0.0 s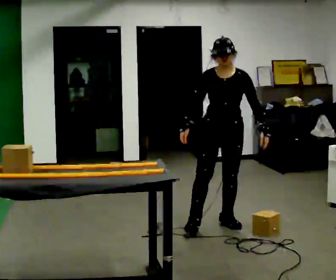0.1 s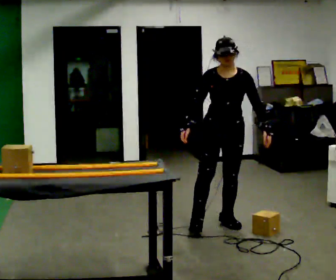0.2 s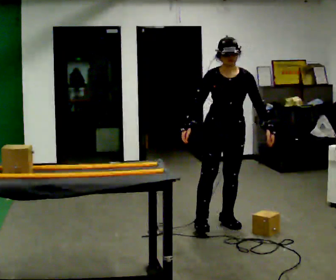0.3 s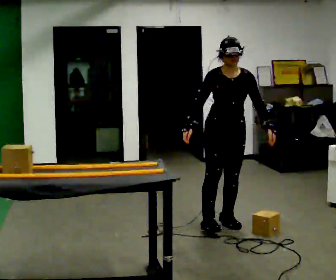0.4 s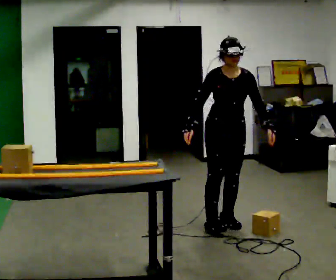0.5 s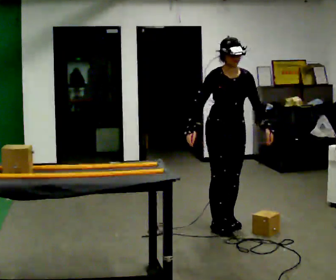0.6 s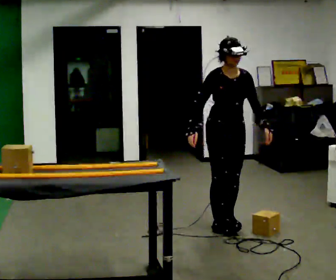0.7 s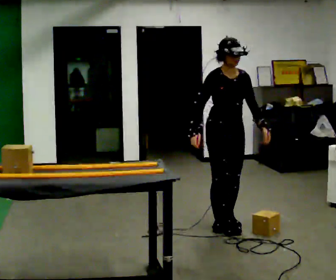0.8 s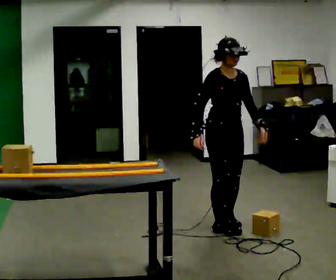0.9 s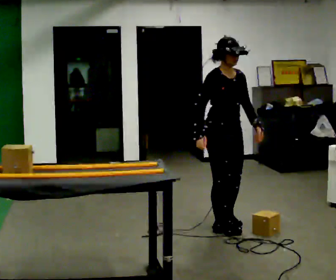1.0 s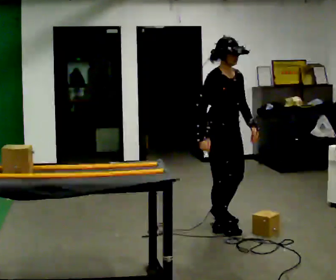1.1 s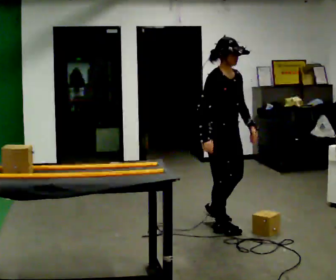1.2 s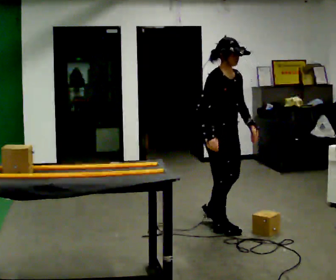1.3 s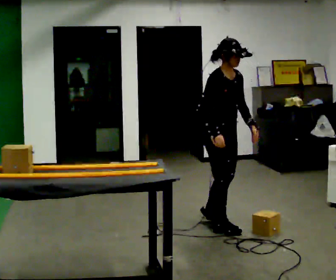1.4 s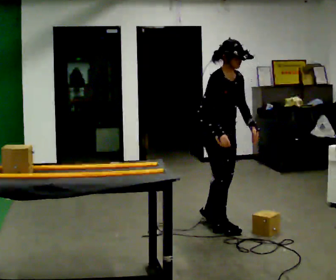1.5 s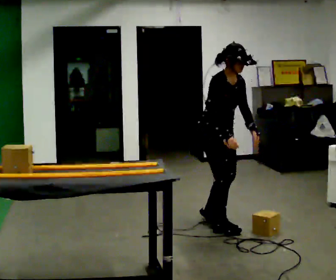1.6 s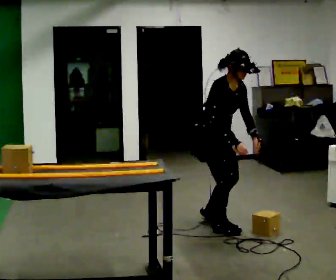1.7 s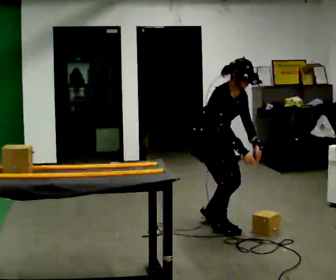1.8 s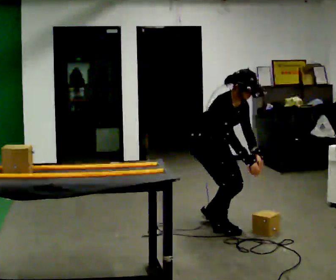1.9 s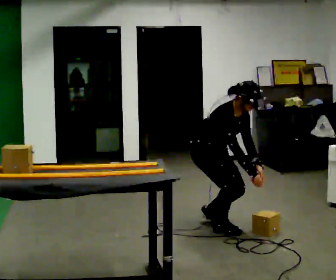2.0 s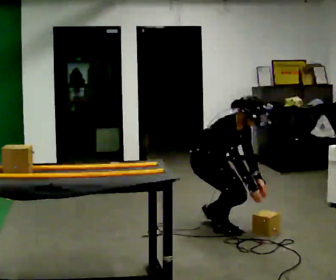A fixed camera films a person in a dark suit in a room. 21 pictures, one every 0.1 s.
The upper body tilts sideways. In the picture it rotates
clockwise.
The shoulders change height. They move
downward.
0.0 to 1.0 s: Seen from above the body turns counterclockwise, about 45 degrees: to their left, with its near side sliding to the right.
1.0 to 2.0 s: The shoulders move downward. In the picture the upper body tilts clockwise, shoulders to the right, as they bend forward. In the picture their right hand goes to the right and downward.
The film runs backward here.
